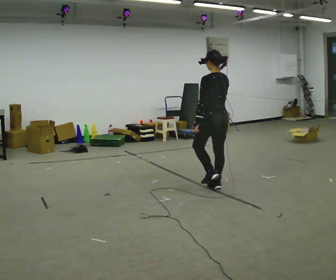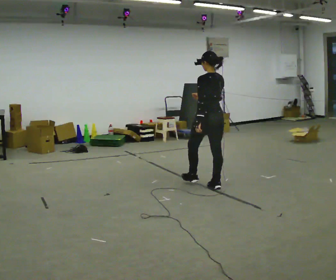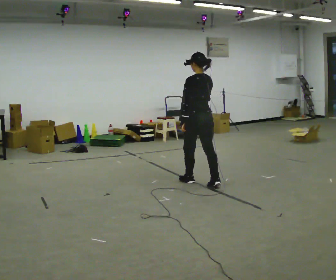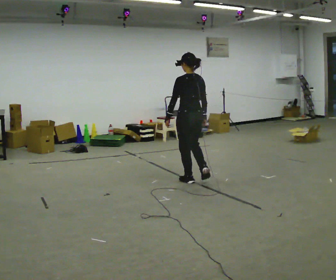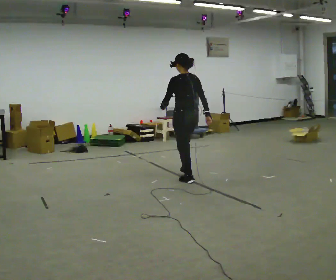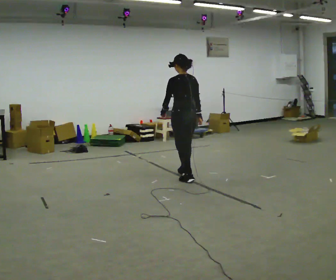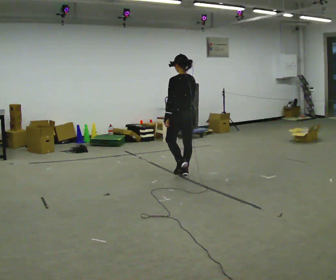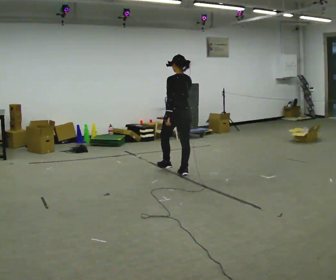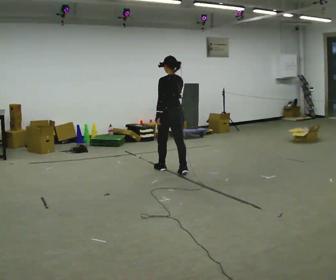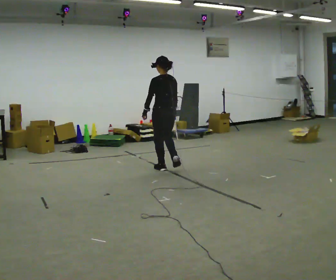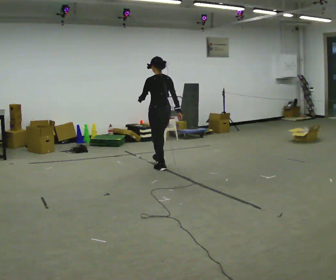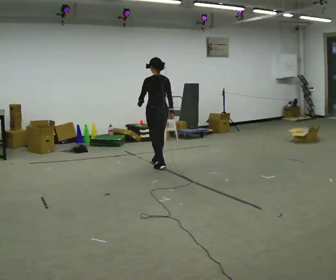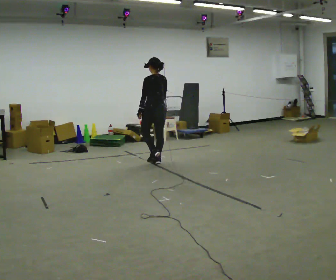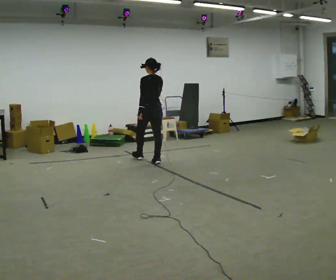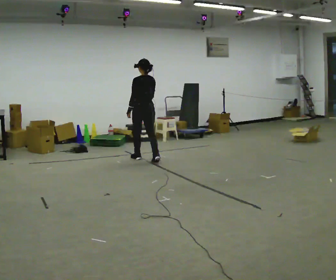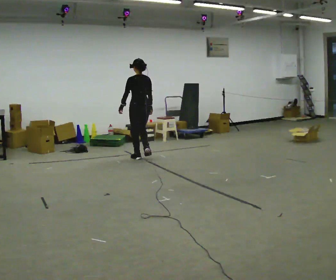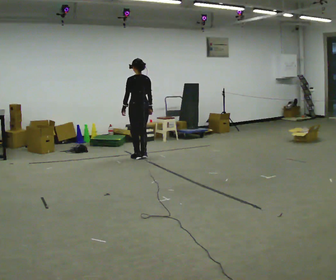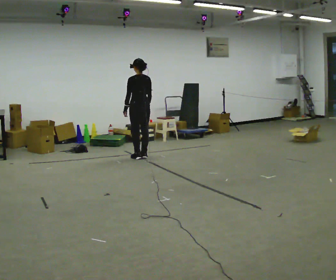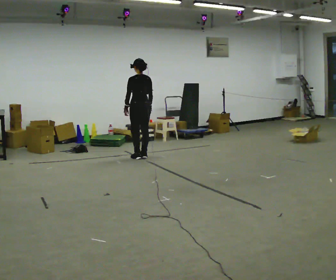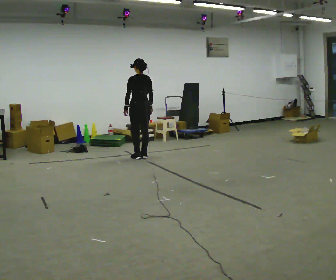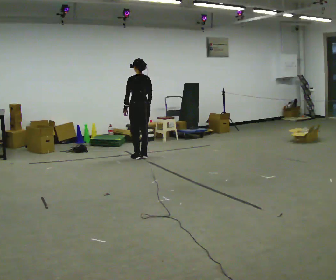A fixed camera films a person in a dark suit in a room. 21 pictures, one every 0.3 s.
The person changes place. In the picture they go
away from the camera.
0.0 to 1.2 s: In the picture they go away from the camera and to the left, about 0.5 m in 1 step, which for them is forward.
1.2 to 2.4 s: In the picture they go away from the camera, about 0.5 m in 2 steps, which for them is forward.
2.4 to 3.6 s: In the picture they go away from the camera and to the left, about 0.5 m in 1 step, which for them is forward.
3.6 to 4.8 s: In the picture they go away from the camera and to the left, about 0.5 m in 2 steps, which for them is forward.
4.8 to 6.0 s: The person moves a little, or ends about where they began.
The film runs forward here.
